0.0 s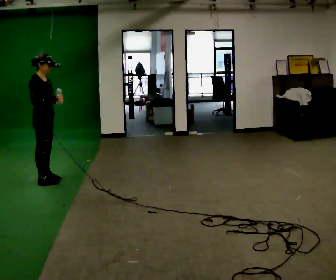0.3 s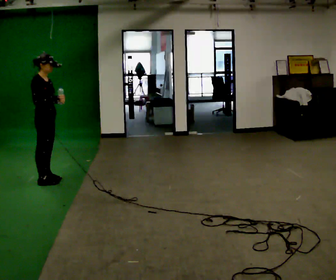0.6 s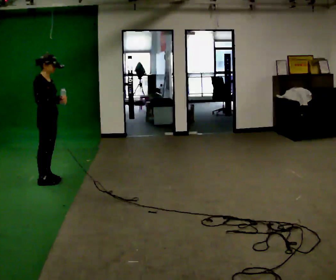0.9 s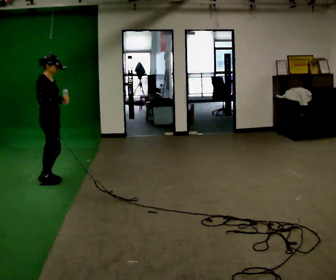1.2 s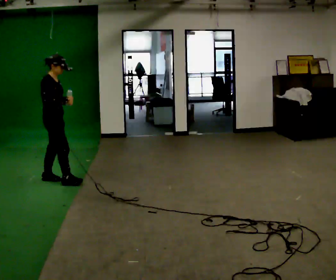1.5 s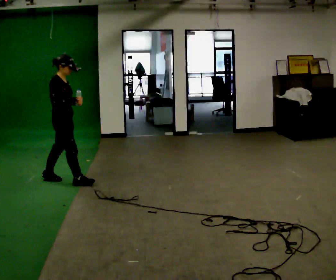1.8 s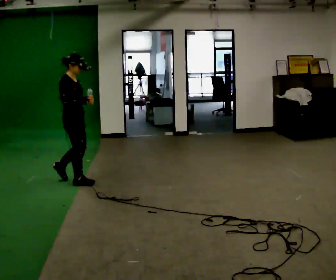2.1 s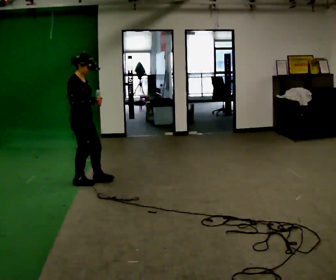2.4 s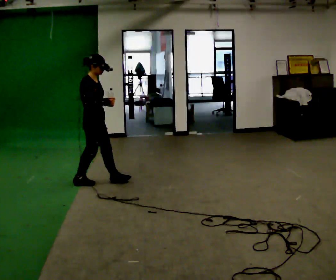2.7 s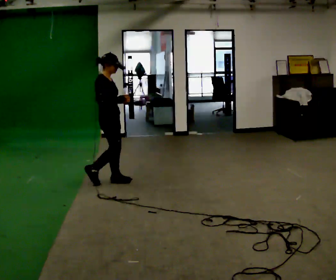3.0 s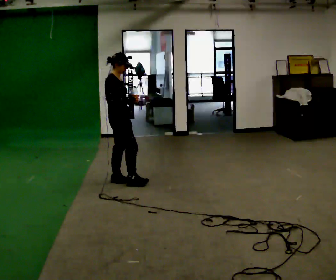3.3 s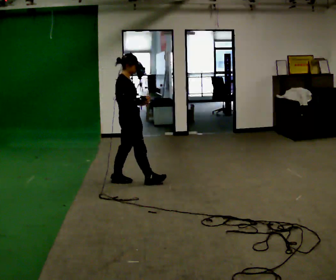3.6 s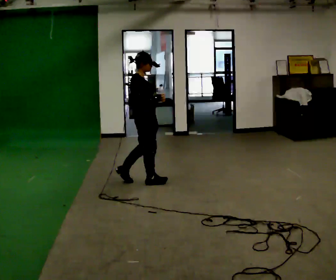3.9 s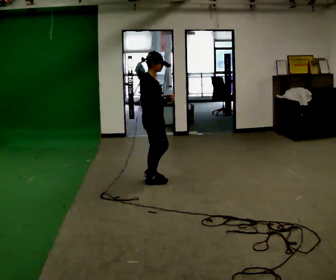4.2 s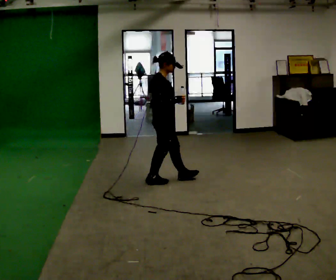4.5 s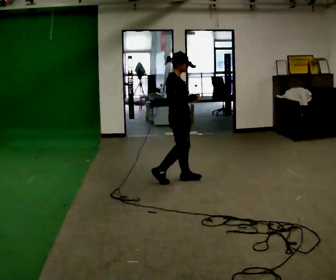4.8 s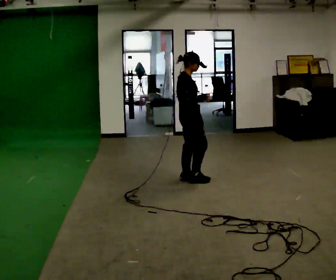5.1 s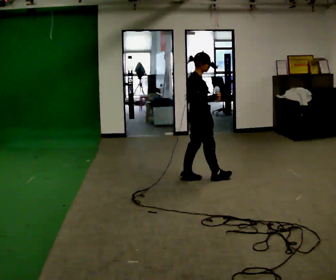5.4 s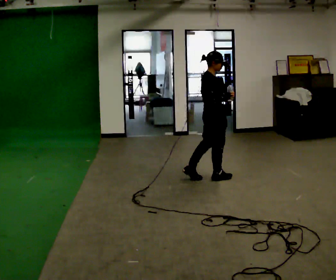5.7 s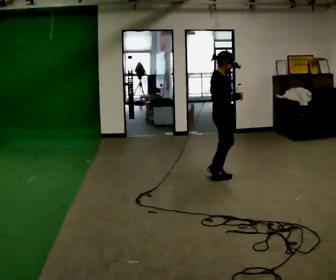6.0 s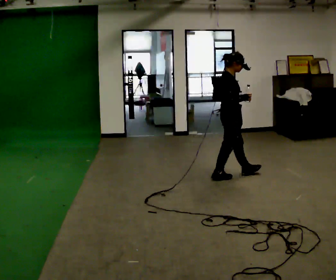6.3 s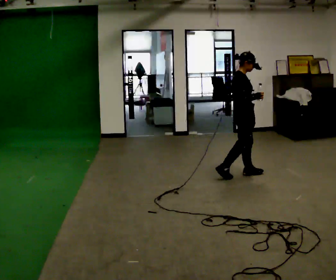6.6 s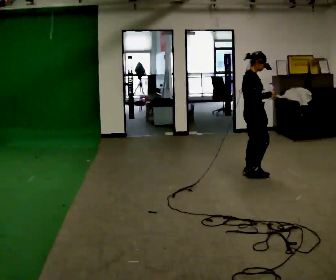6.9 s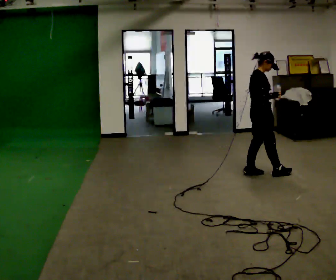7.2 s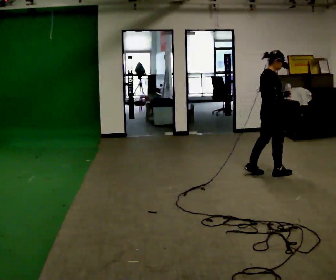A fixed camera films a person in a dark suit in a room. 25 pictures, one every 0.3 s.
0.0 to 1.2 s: The person moves a little, or ends about where they began.
1.2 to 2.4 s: In the picture they go to the right, about 0.5 m in 2 steps, which for them is forward.
2.4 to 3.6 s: In the picture they go to the right, about 0.5 m in 1 step, which for them is forward.
3.6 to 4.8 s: In the picture they go to the right, about 0.5 m in 1 step, which for them is forward.
4.8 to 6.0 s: In the picture they go to the right, about 0.5 m in 2 steps, which for them is forward.
6.0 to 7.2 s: In the picture they go to the right, about 0.5 m in 1 step, which for them is forward.
The film runs forward here.
